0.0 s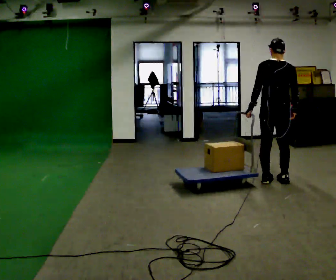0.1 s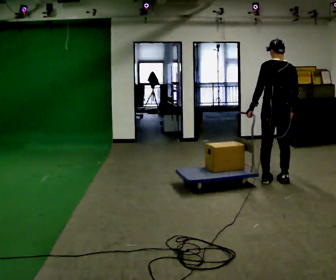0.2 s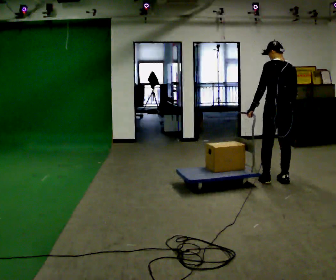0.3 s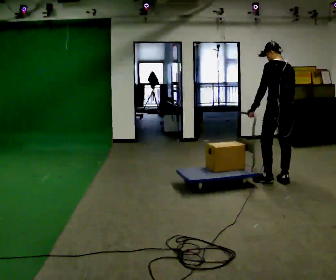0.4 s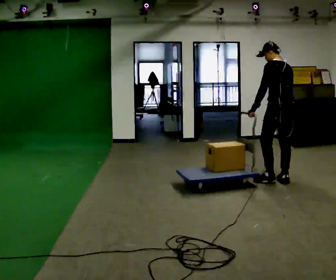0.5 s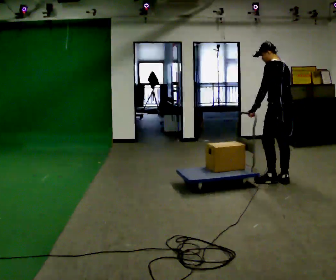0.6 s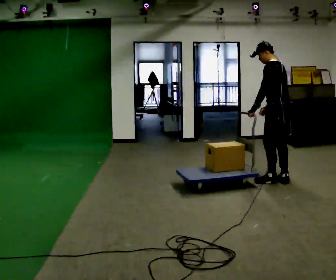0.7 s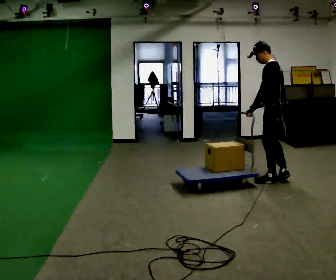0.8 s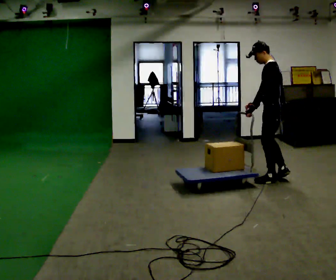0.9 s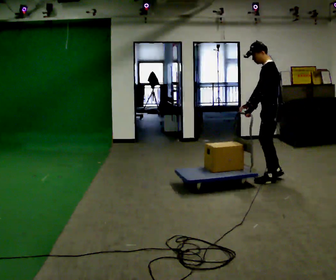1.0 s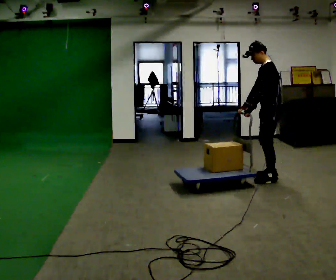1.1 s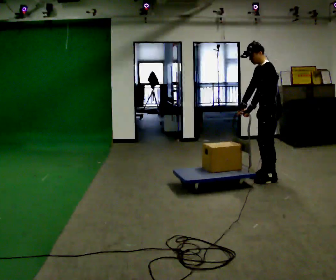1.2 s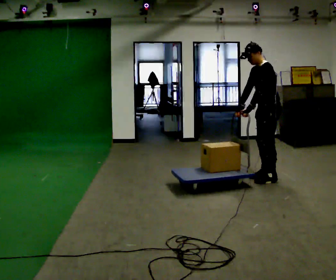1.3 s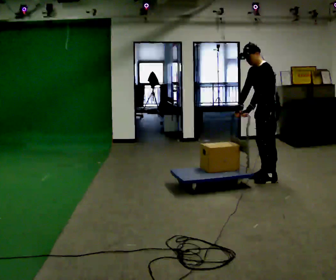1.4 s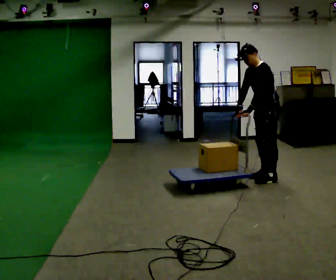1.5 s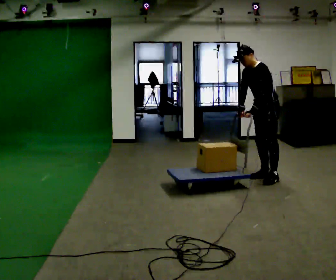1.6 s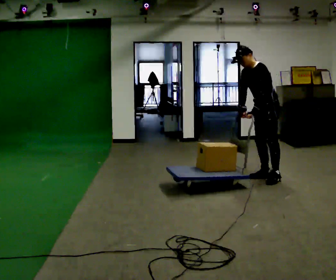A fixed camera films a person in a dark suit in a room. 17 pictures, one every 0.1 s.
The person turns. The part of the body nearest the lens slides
to the right.
The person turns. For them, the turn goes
to their left.
0.0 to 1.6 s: Seen from above the body turns counterclockwise, about 120 degrees: to their left, with its near side sliding to the right. In the picture they go away from the camera, about 0.25 m in 2 steps. In the picture the upper body tilts counterclockwise, shoulders to the left, as they bend forward.
The film runs forward here.
